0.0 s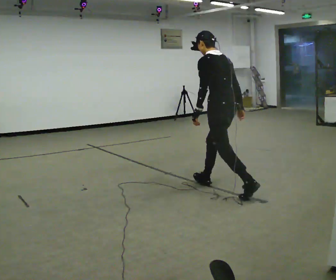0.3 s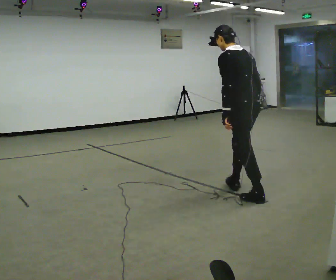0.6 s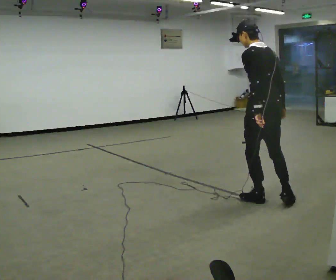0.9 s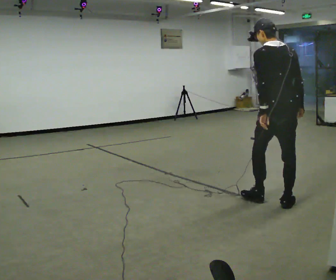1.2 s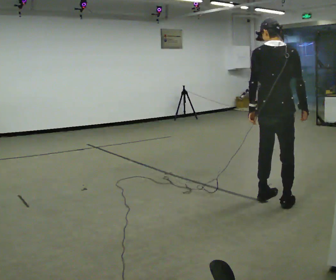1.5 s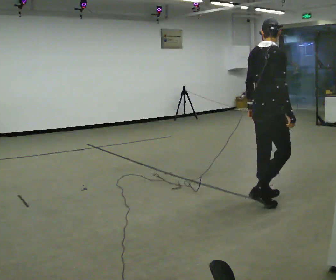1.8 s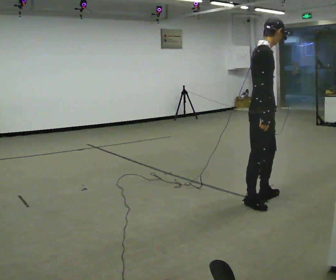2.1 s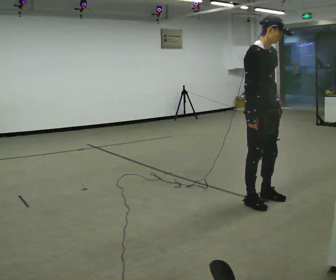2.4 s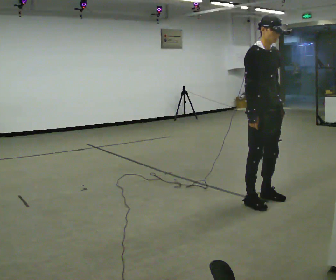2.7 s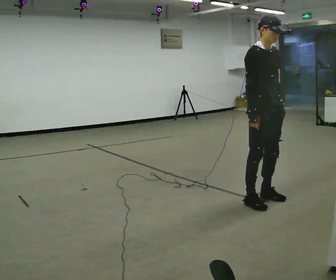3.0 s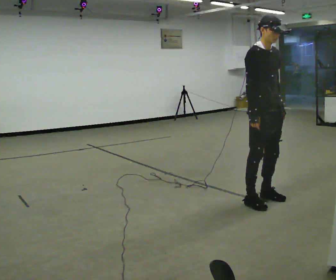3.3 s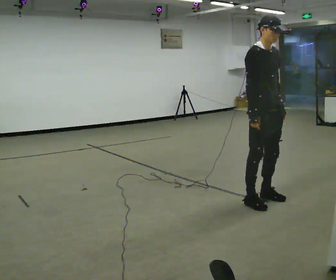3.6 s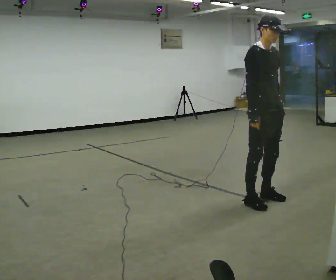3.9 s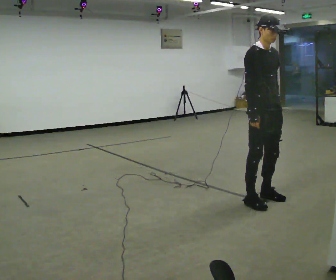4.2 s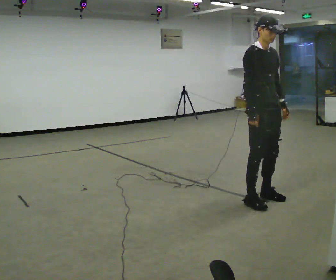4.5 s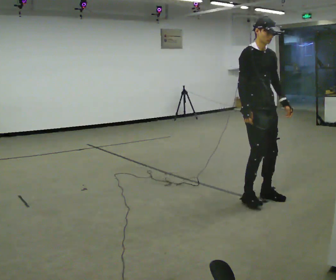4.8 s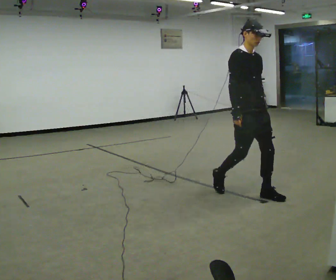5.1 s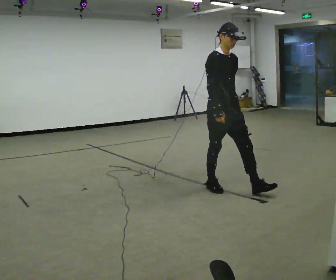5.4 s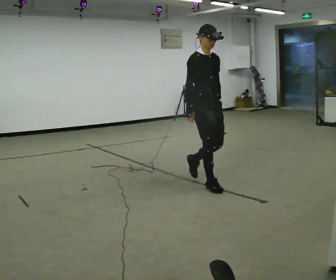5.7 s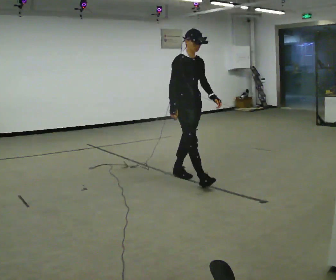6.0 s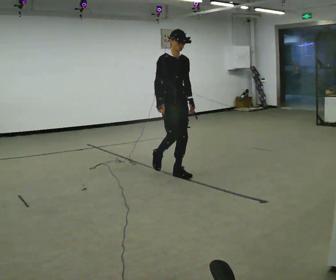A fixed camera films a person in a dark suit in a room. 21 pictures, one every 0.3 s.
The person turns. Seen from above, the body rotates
clockwise.
The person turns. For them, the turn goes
to their right.
0.0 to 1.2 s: Seen from above the body turns clockwise, about 60 degrees: to their right, with its near side sliding to the left. In the picture they go toward the camera and to the right, about 0.75 m in 1 step. In the picture the upper body tilts clockwise, shoulders to the right.
1.2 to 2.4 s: The person turns about 120 degrees to their right, clockwise seen from above, so the part of the body nearest the lens slides to the left. In the picture they go to the left, about 0.25 m in 1 step. In the picture their right hand goes to the left.
2.4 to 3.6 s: The person keeps their place and pose.
3.6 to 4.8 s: In the picture they go away from the camera and to the left, about 0.25 m in 1 step, which for them is backward.
4.8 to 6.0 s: In the picture they go to the left and away from the camera, about 1 m in 2 steps, which for them is backward.
The film runs backward here.
